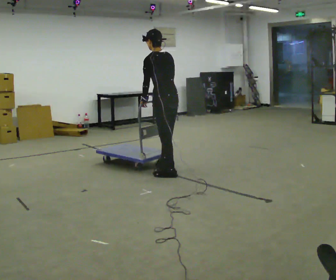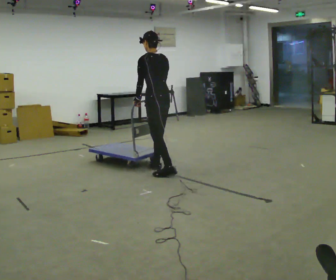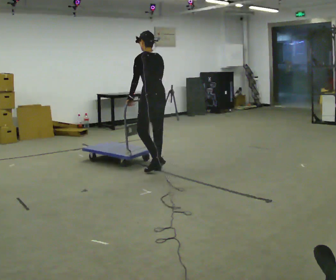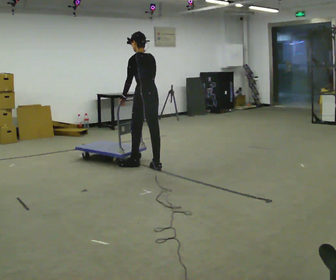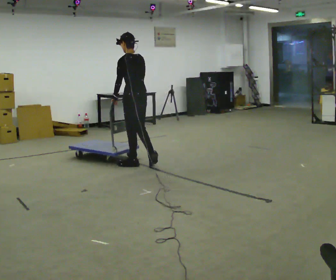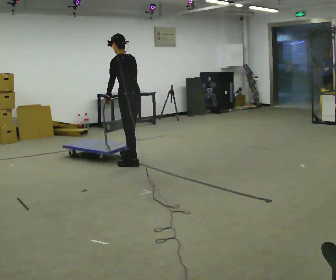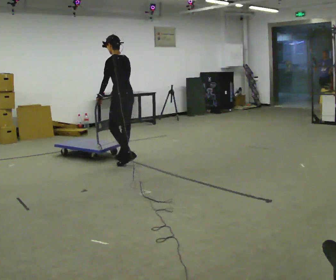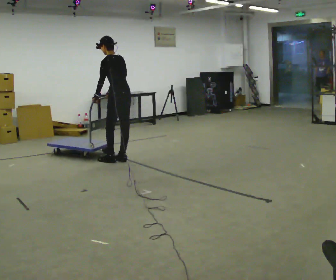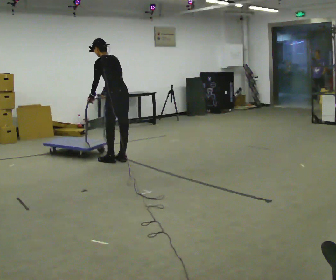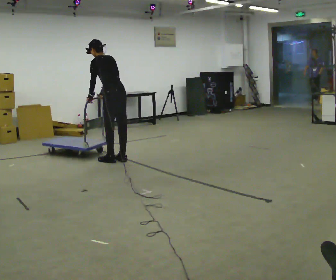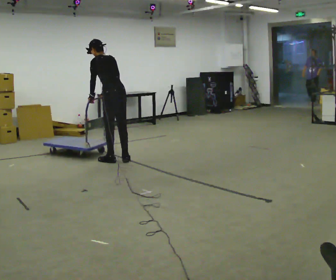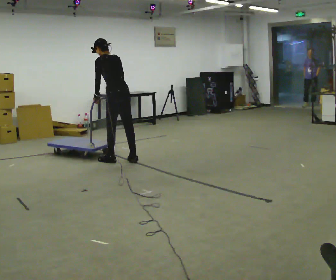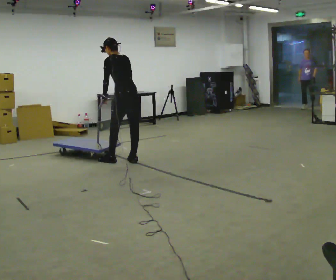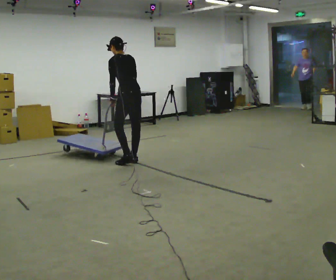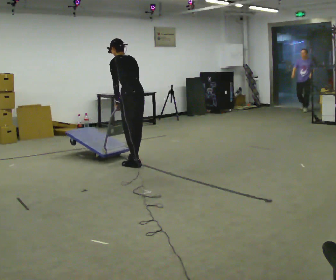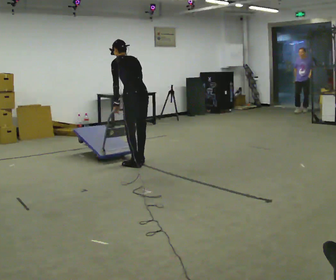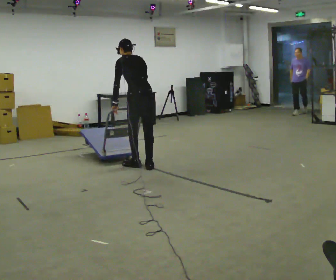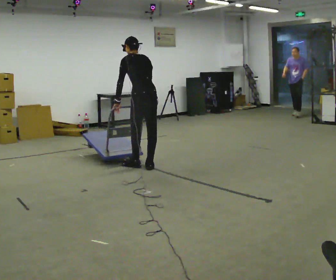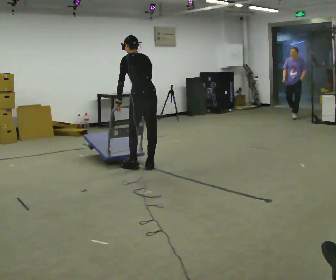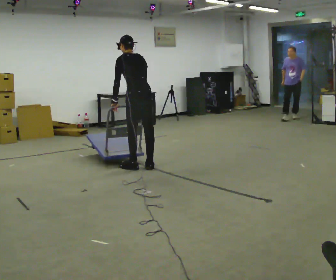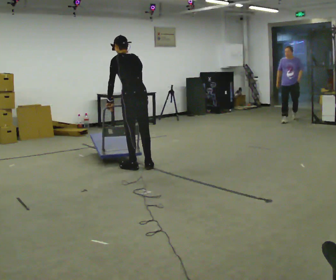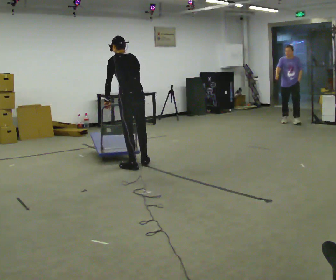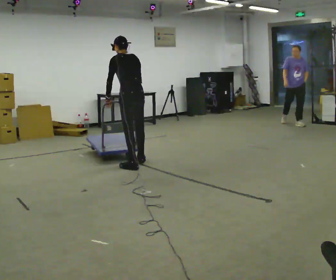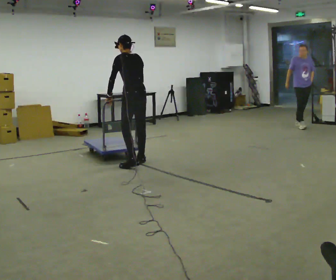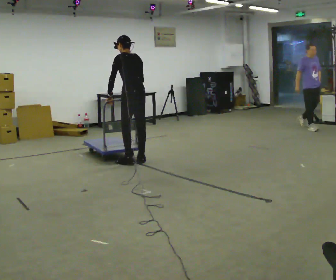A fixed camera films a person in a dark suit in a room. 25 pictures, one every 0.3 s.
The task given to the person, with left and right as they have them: Get the cart into the marked parking space and lined up with the tape. Take as many adjustments as you need. Then take it out again and repeat.
0.0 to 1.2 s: In the picture they go away from the camera and to the left, about 0.5 m in 2 steps, which for them is forward.
1.2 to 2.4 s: In the picture they go away from the camera and to the left, about 0.25 m in 2 steps, which for them is forward. In the picture the upper body tilts counterclockwise, shoulders to the left, as they bend forward.
2.4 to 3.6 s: The person moves a little, or ends about where they began.
3.6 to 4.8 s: In the picture they go toward the camera and to the right, about 0.25 m in 2 steps, which for them is backward.
4.8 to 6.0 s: The person moves a little, or ends about where they began.
6.0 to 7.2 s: In the picture they go away from the camera, about 0.25 m in 1 step, which for them is forward and to their right.
The film runs forward here.
